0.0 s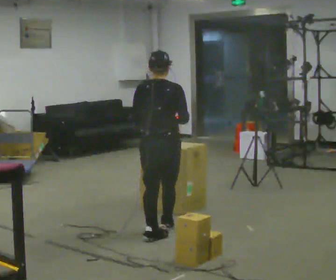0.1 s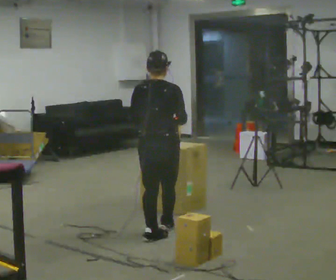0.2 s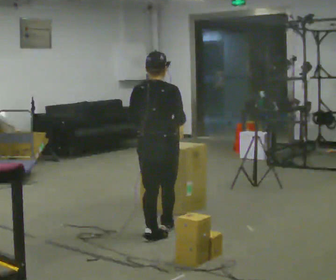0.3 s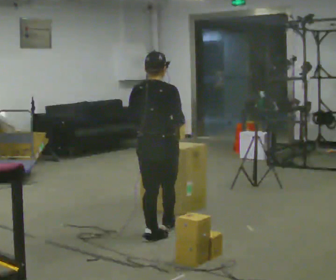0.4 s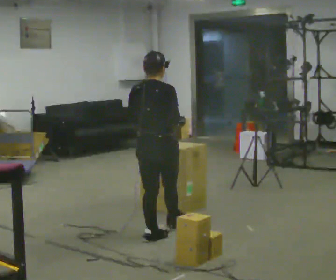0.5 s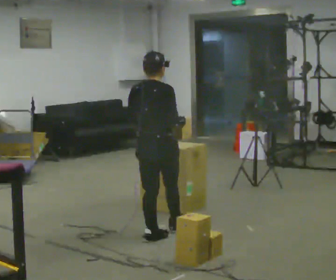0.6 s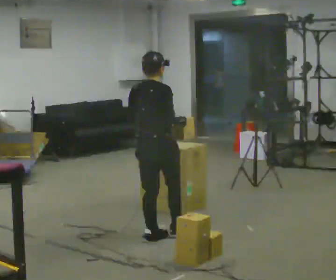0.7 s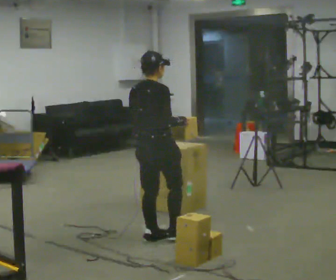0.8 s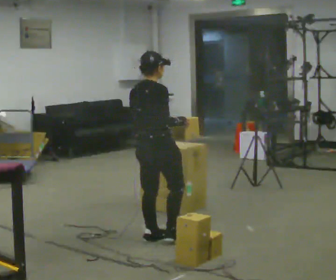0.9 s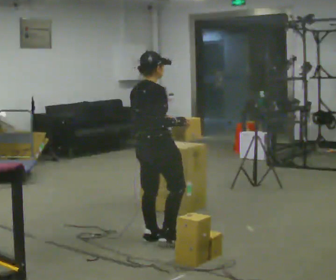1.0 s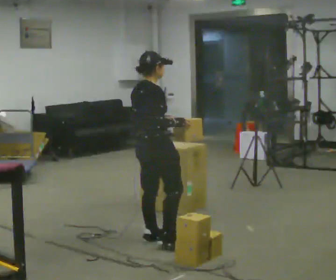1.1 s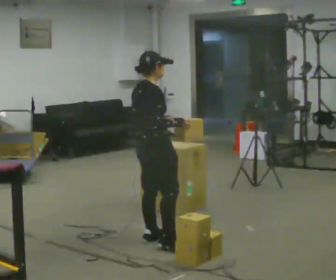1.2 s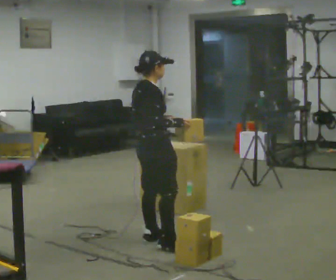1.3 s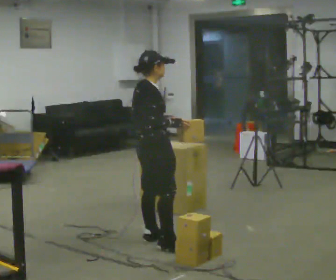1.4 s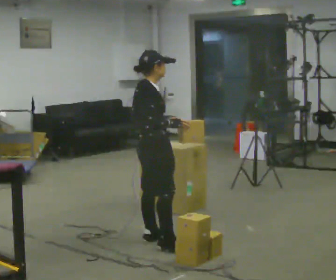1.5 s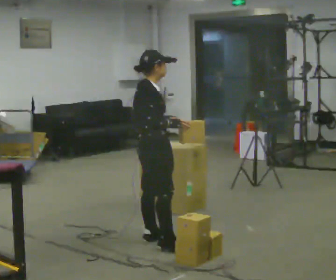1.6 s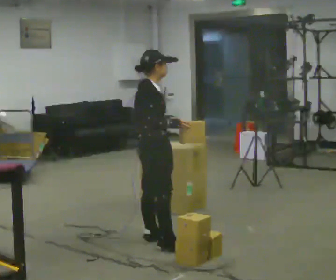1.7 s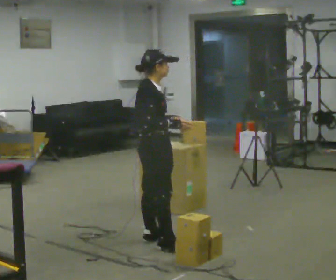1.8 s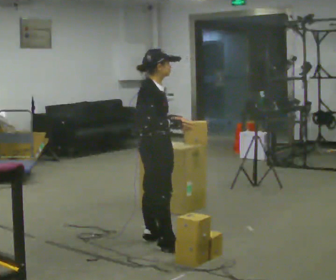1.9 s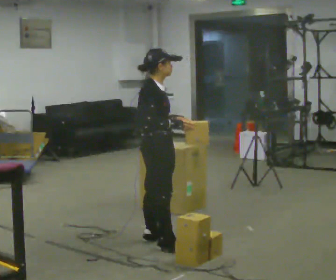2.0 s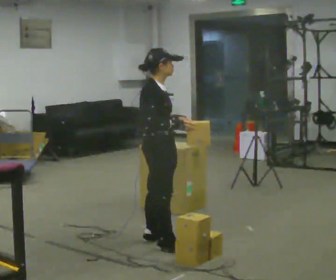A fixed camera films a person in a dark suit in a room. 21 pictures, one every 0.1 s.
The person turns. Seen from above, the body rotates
clockwise.
The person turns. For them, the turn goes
to their right.
0.0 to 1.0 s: The part of the body nearest the lens slides to the left as the person turns to their right by about 60 degrees.
1.0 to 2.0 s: The part of the body nearest the lens slides to the left as the person turns to their right by about 30 degrees.
The film runs backward here.
